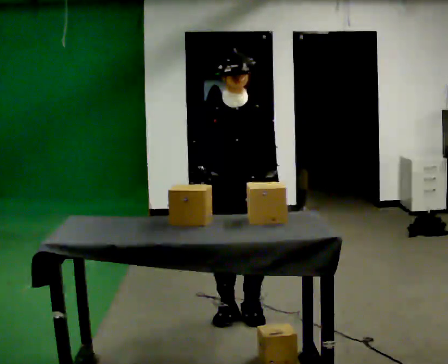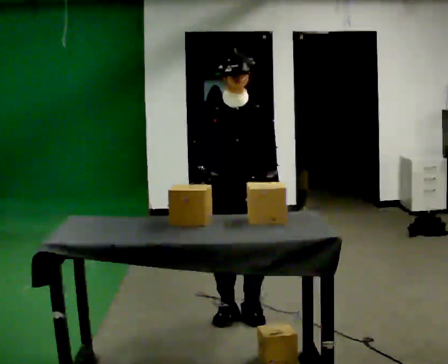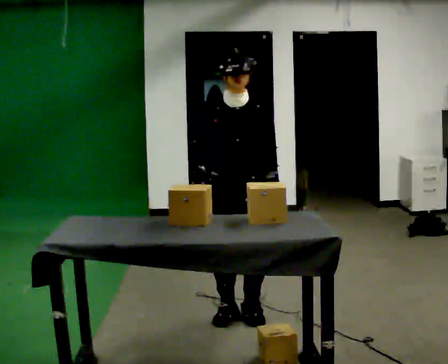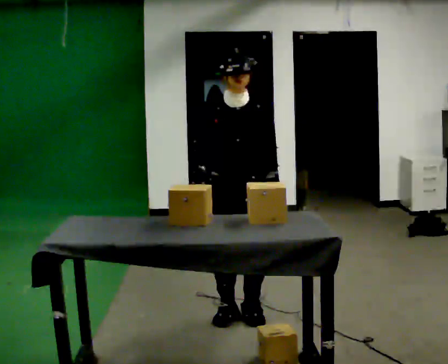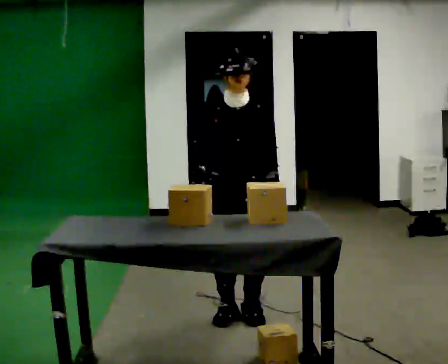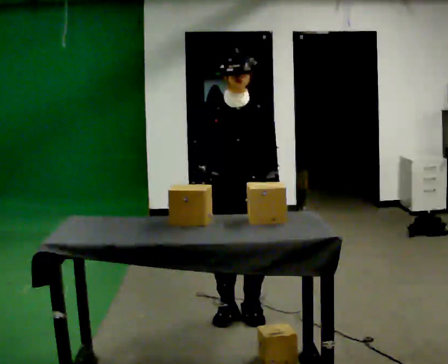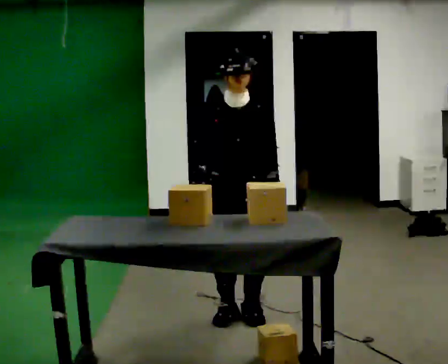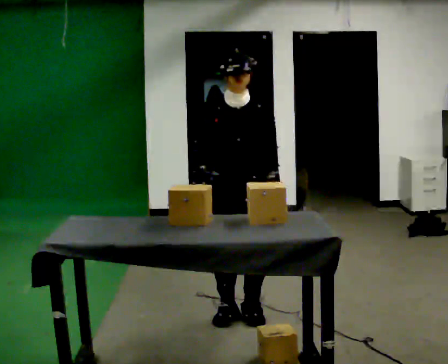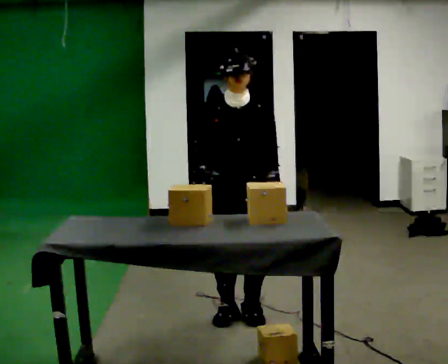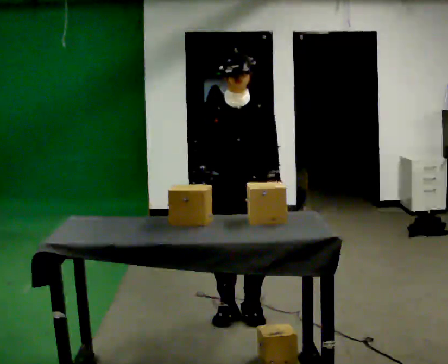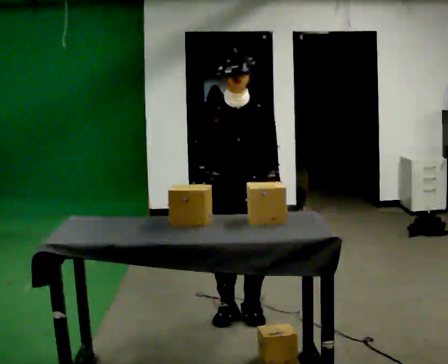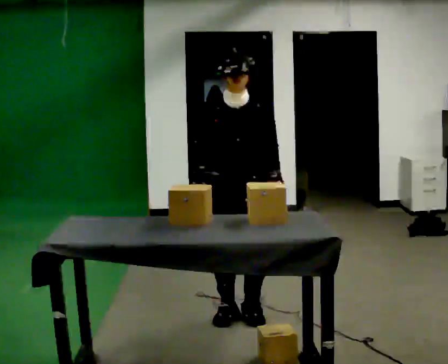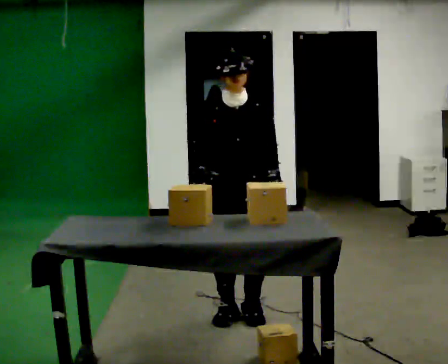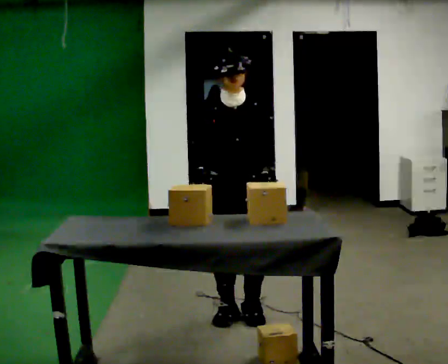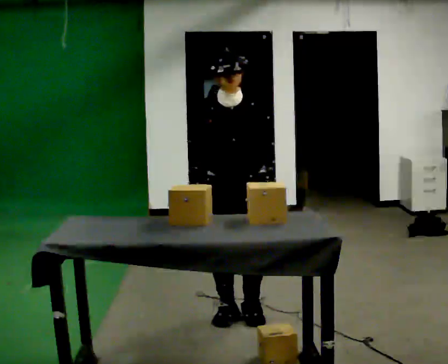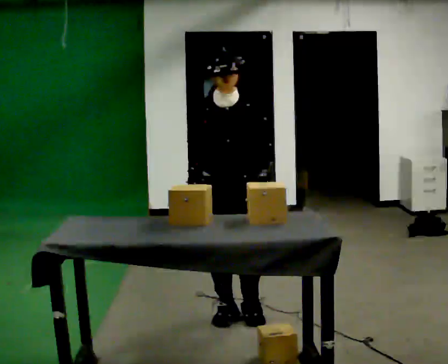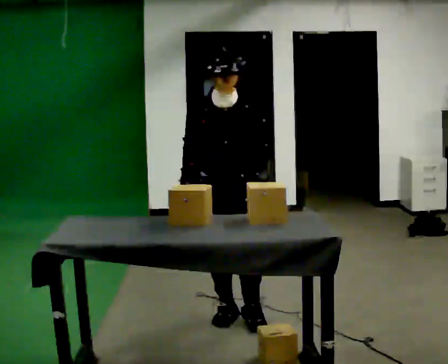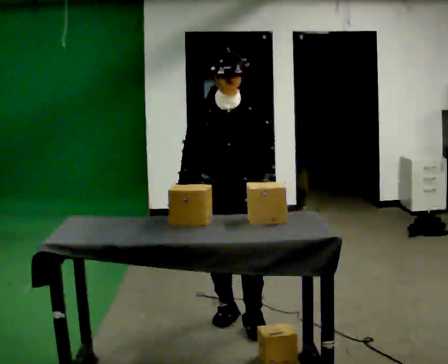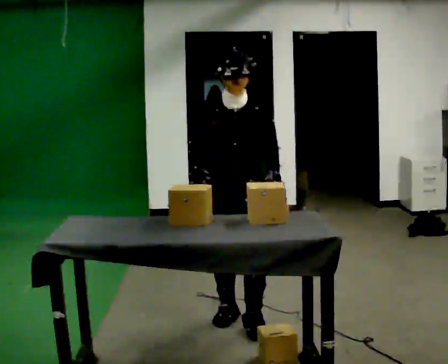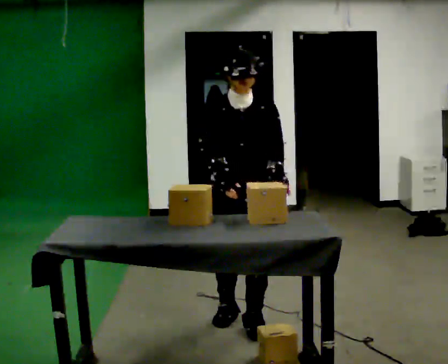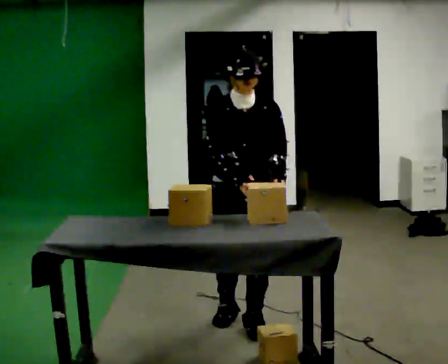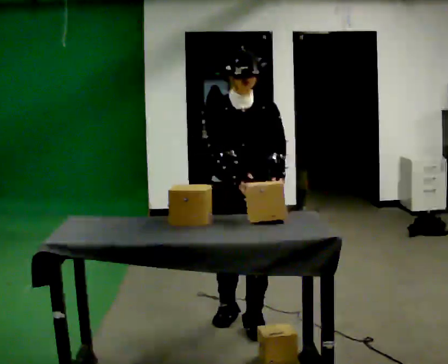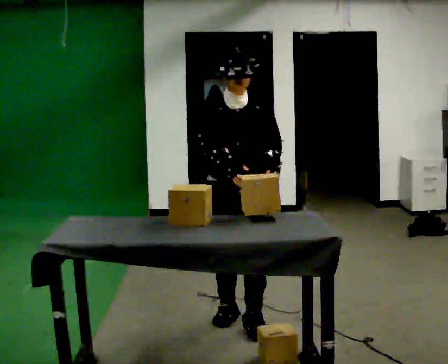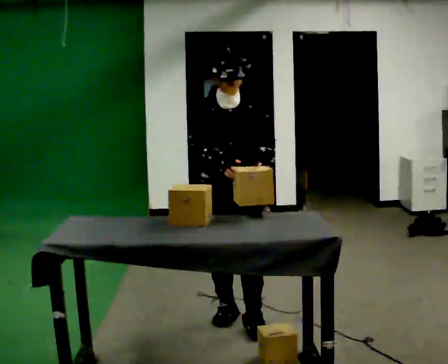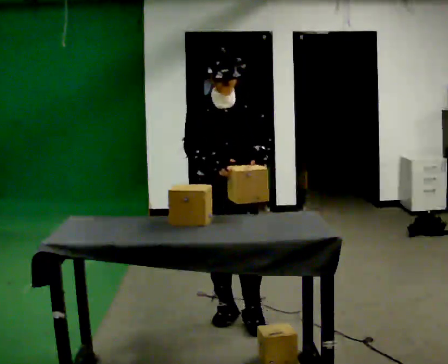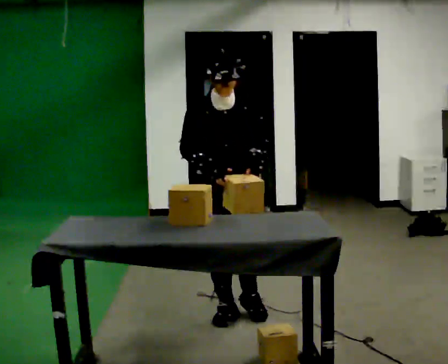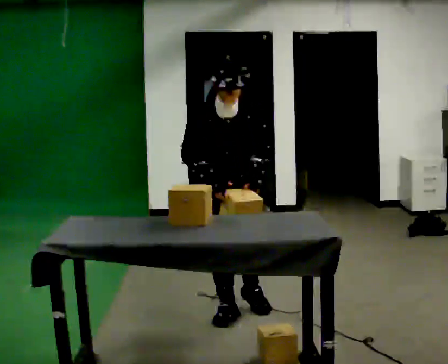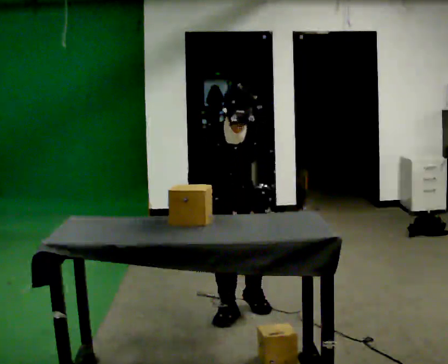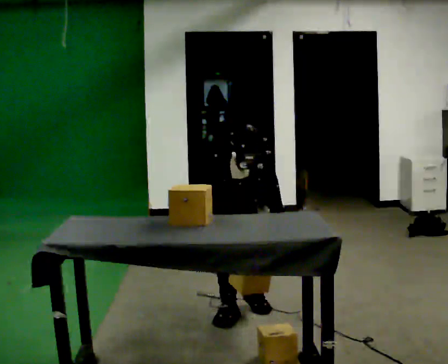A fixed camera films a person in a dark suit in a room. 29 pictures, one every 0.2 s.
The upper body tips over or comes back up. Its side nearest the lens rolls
downward.
The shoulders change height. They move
downward.
0.0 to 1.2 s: The person keeps their place and pose.
1.2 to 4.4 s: In the picture they go toward the camera, about 0.25 m in 1 step, which for them is forward.
4.4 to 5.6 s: In the picture they go away from the camera, about 0.25 m in 1 step, which for them is backward. The upper body goes downward. The upper body tips toward the camera, its near side rolling downward, as they bend forward. In the picture their left hand goes downward.
The film runs backward here.
